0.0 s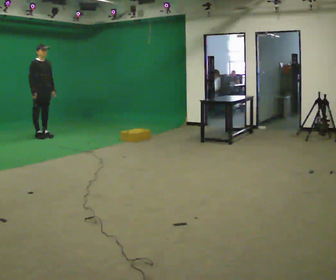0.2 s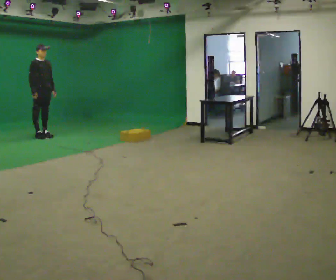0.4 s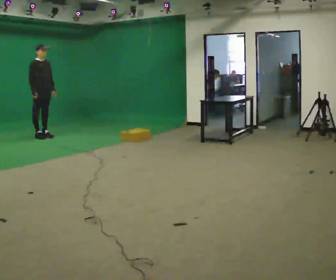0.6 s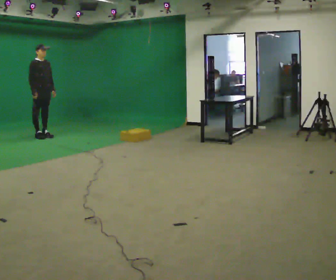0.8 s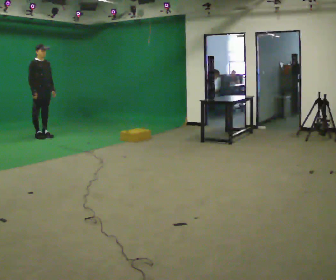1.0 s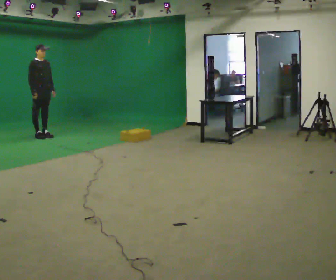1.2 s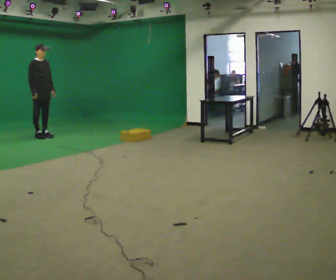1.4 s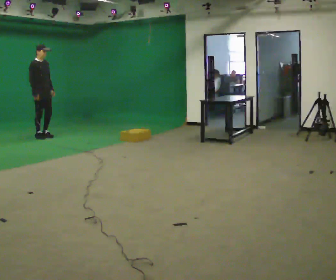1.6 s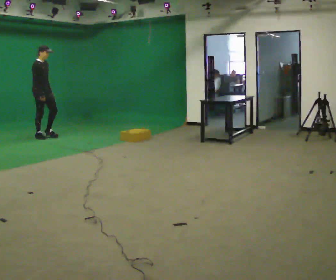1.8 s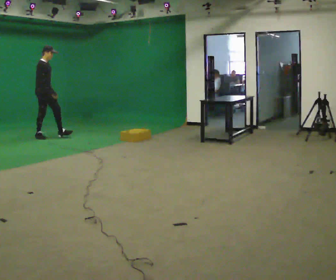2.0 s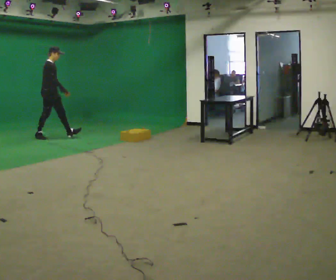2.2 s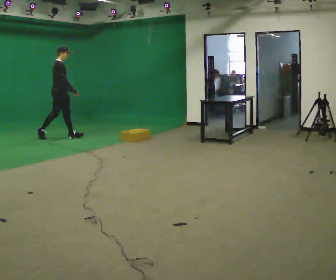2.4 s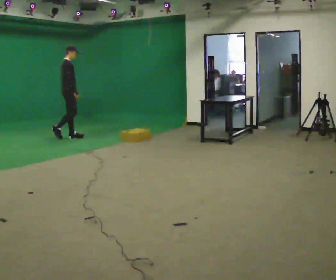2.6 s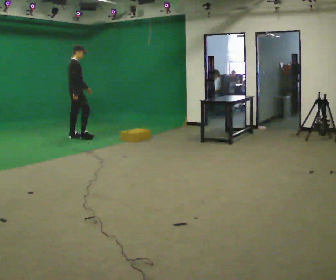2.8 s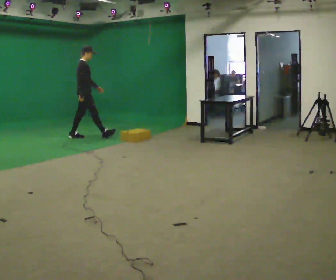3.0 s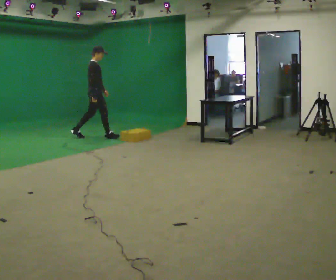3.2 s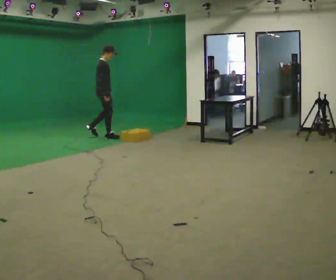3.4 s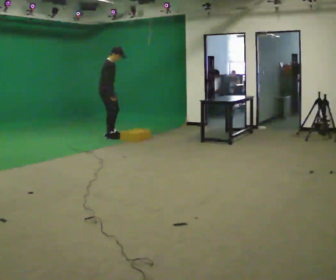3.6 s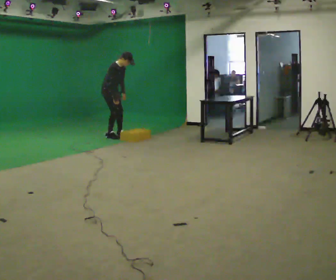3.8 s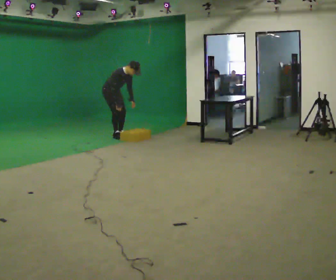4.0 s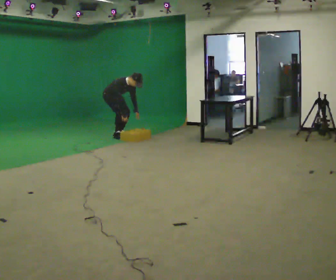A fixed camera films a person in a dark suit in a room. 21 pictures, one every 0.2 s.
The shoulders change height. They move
downward.
The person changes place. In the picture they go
to the right.
0.0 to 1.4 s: The person moves a little, or ends about where they began.
1.4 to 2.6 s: Seen from above the body turns counterclockwise, about 45 degrees: to their left, with its near side sliding to the right. In the picture they go to the right, about 0.75 m in 1 step, which for them is forward.
2.6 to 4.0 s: Seen from above the body turns clockwise, about 45 degrees: to their right, with its near side sliding to the left. In the picture they go to the right, about 0.75 m in 3 steps, which for them is forward. The shoulders move downward. The upper body tips toward the camera, its near side rolling downward, as they bend forward. In the picture their left hand goes downward.
The film runs forward here.
